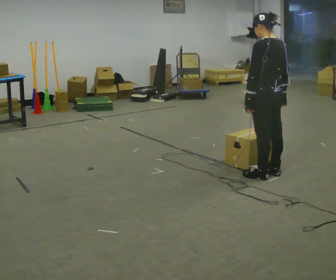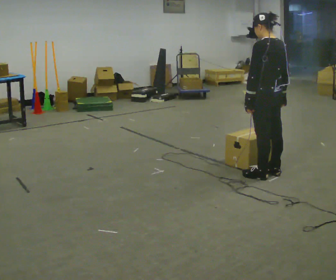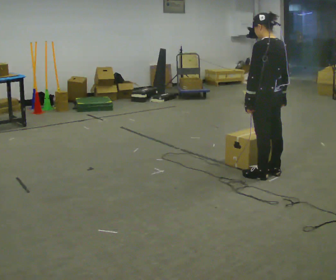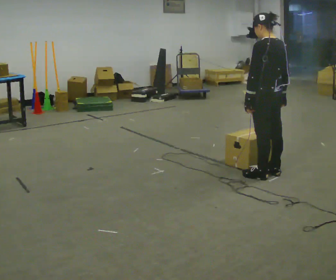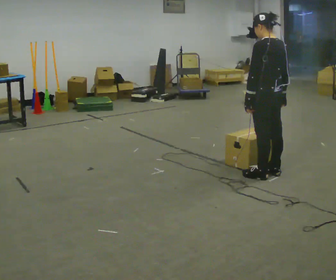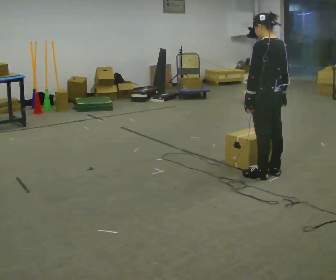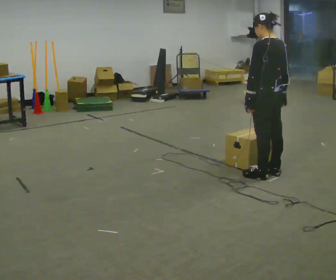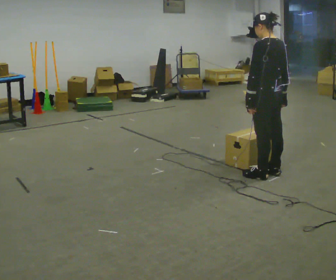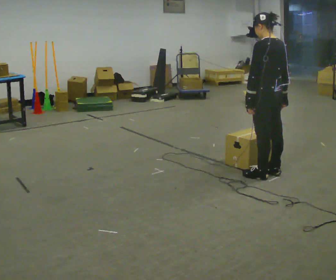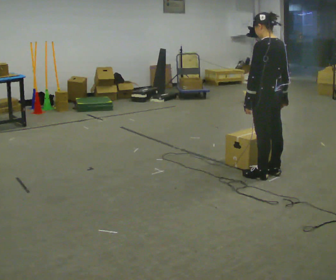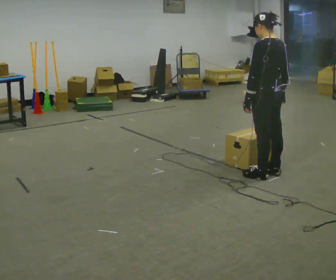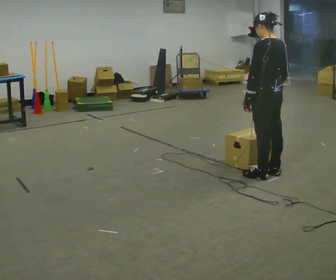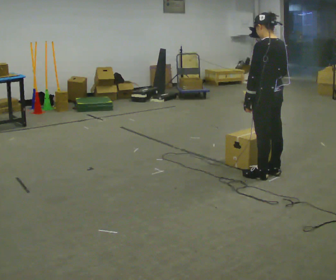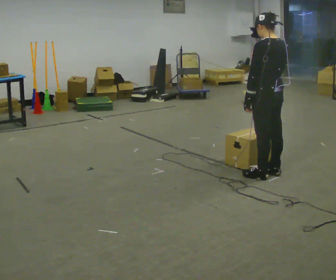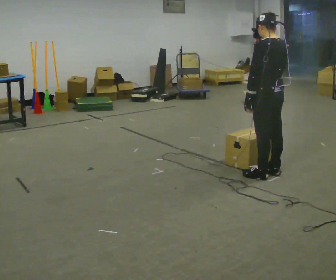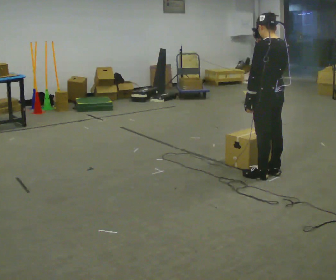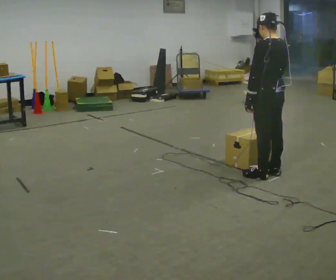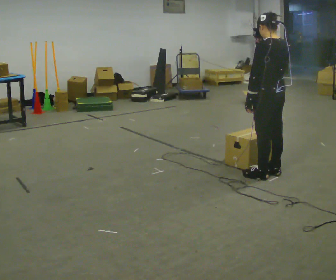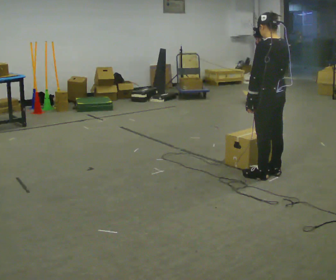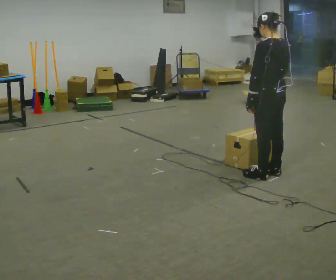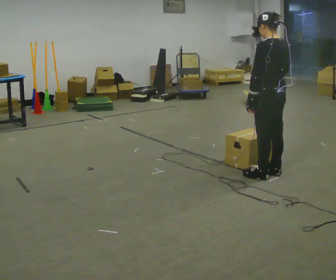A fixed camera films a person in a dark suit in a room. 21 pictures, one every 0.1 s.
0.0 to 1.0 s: The person keeps their place and pose.
1.0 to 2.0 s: In the picture their right hand goes upward.
The film runs backward here.
